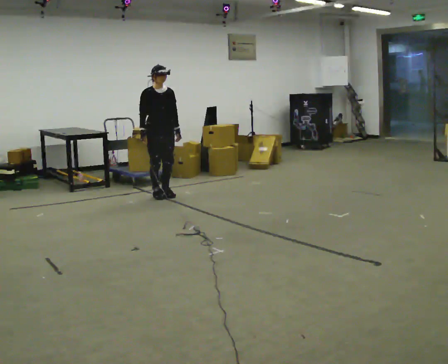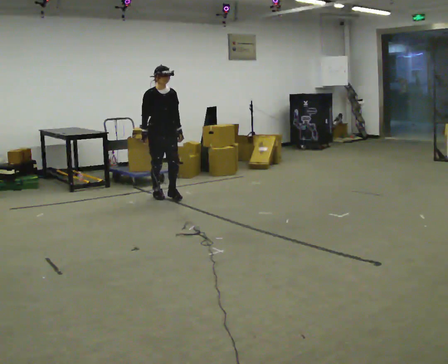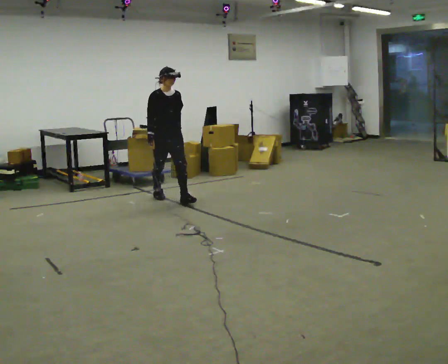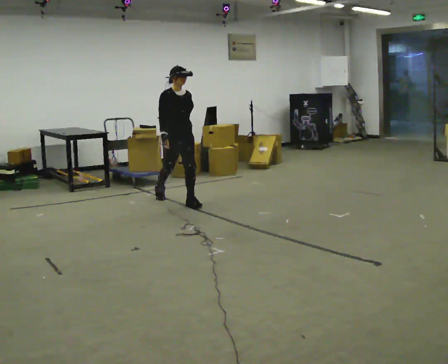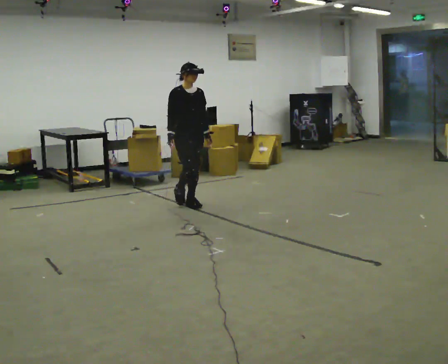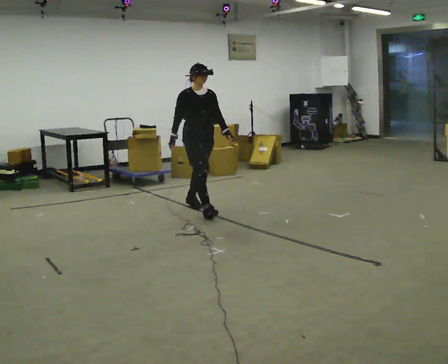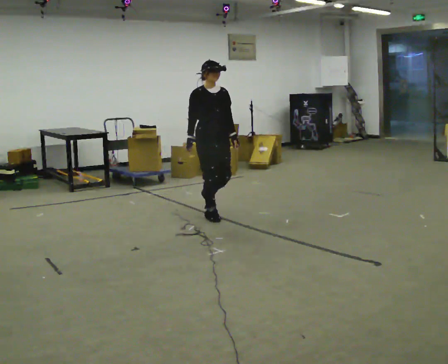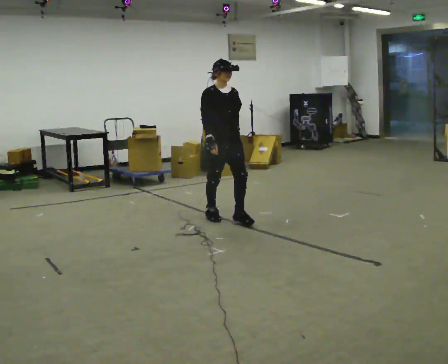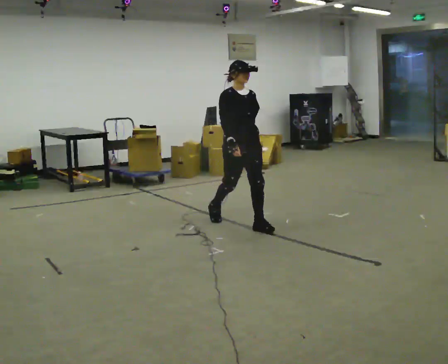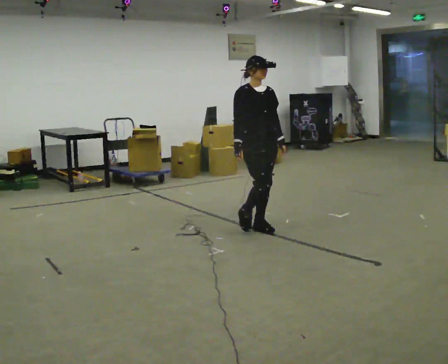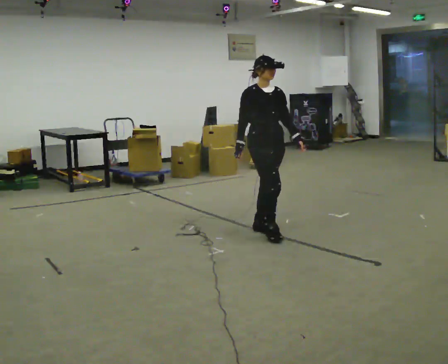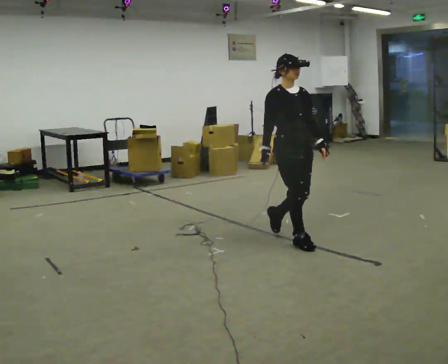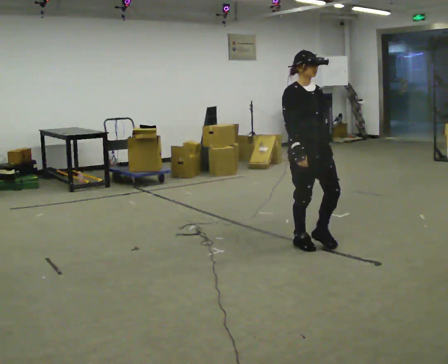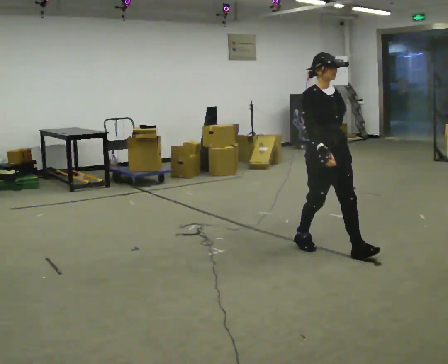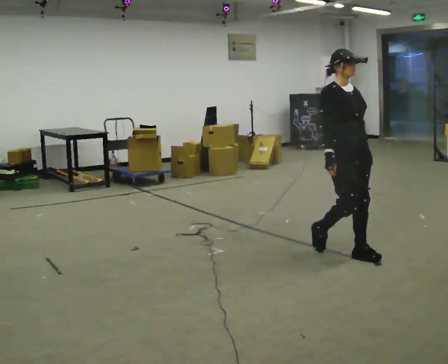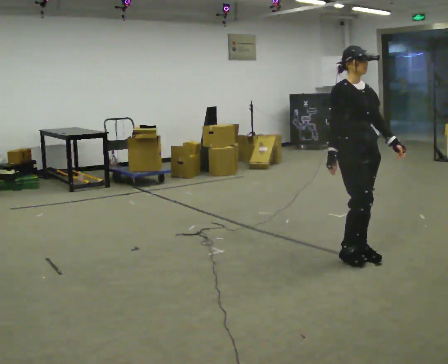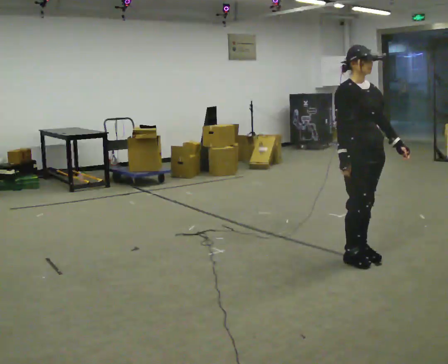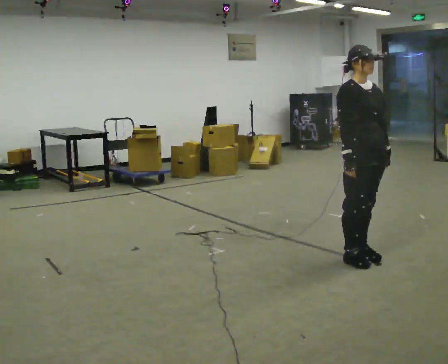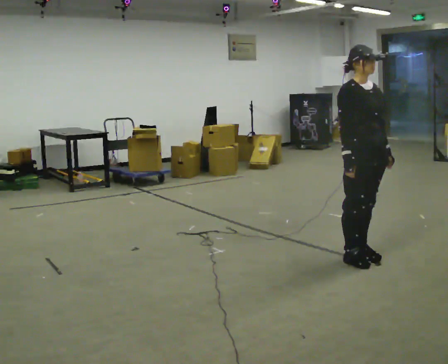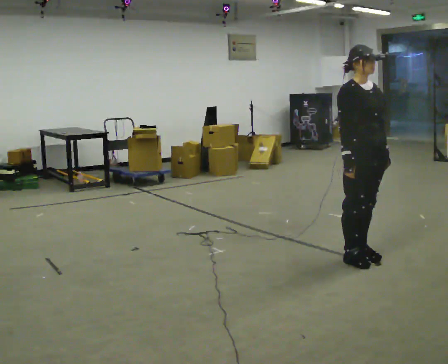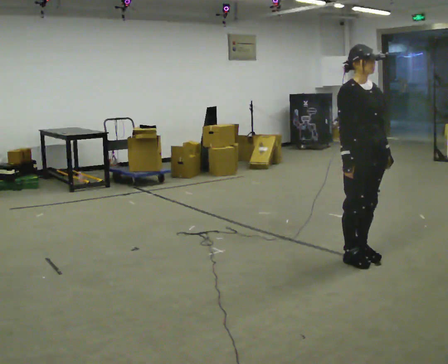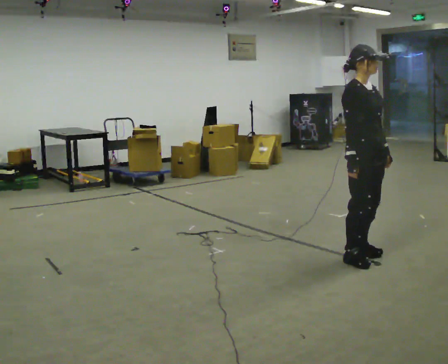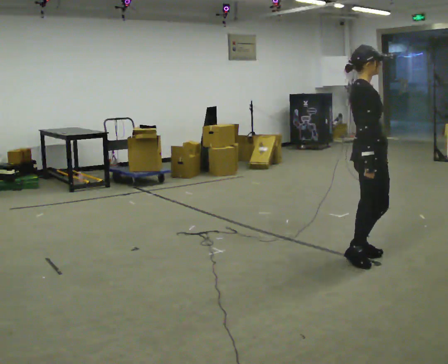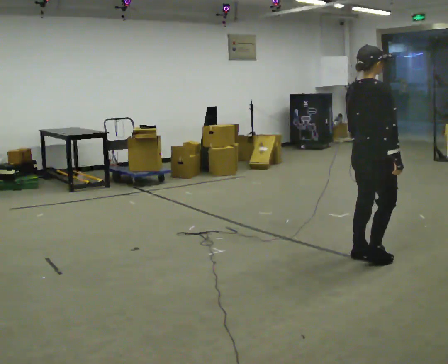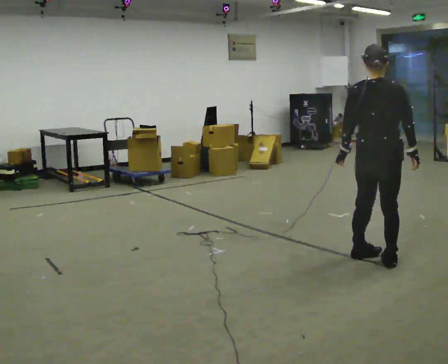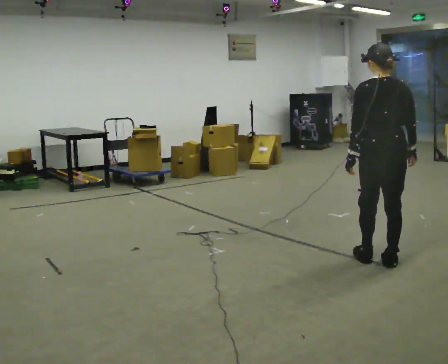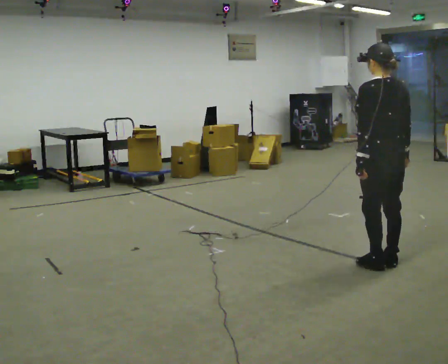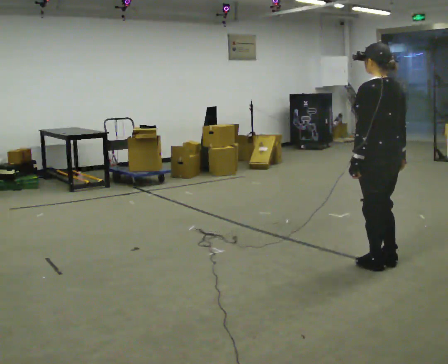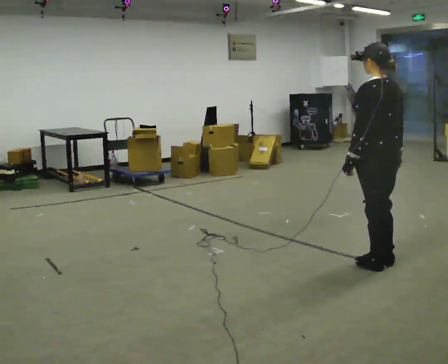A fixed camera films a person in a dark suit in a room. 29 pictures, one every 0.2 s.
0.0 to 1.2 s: In the picture they go to the right and toward the camera, about 1 m in 2 steps, which for them is forward.
1.2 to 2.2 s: In the picture they go to the right and toward the camera, about 1 m in 2 steps, which for them is forward.
2.2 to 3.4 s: In the picture they go to the right and toward the camera, about 0.75 m in 2 steps, which for them is forward.
3.4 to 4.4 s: The part of the body nearest the lens slides to the right as the person turns to their left by about 45 degrees.
4.4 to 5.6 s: The part of the body nearest the lens slides to the right as the person turns to their left by about 135 degrees. In the picture they go toward the camera, about 0.25 m in 2 steps.
The film runs forward here.
